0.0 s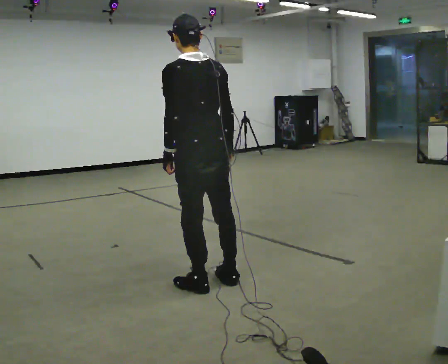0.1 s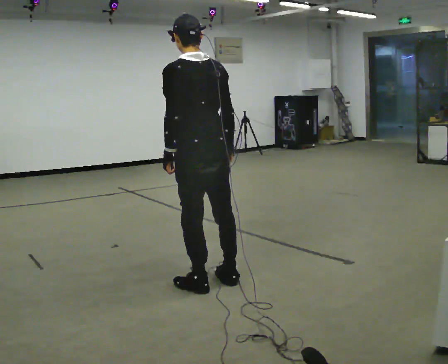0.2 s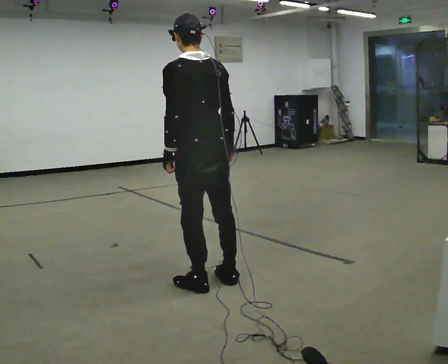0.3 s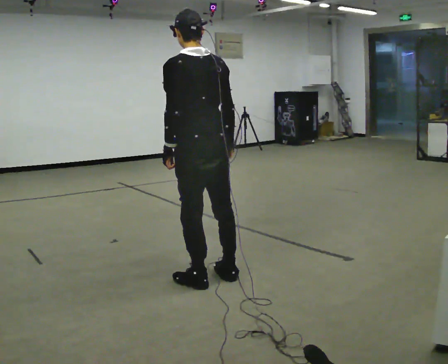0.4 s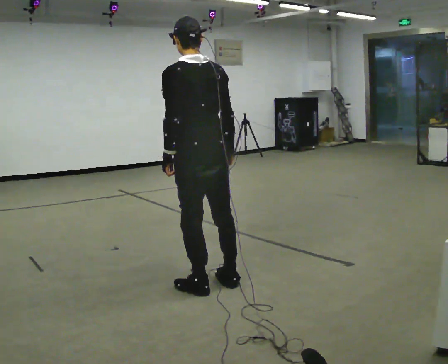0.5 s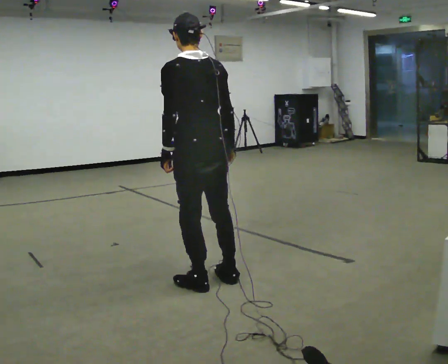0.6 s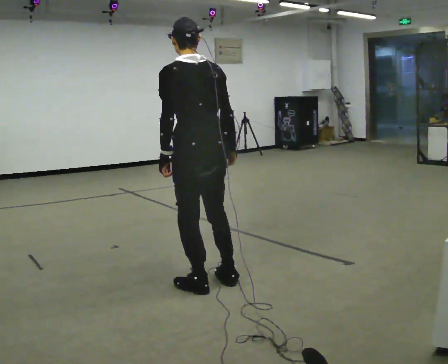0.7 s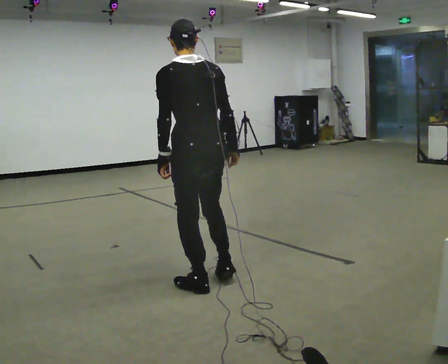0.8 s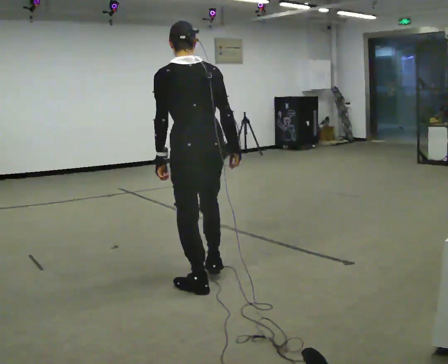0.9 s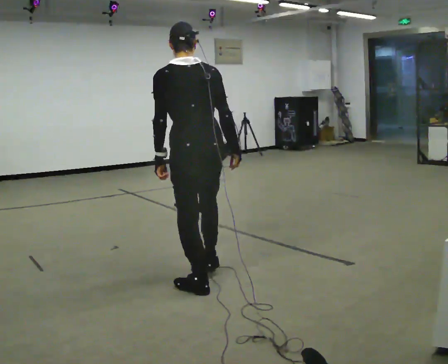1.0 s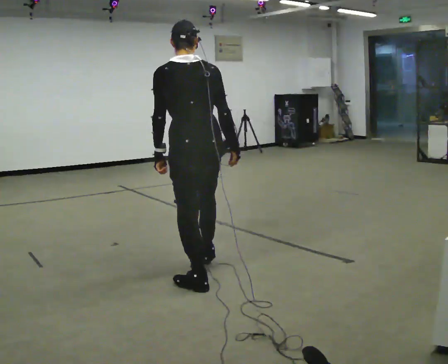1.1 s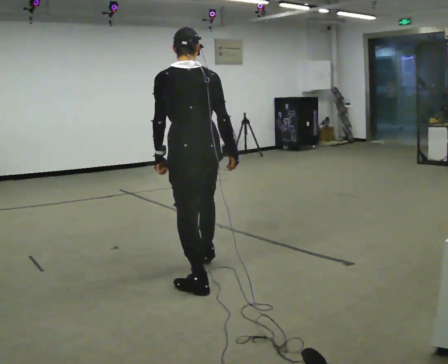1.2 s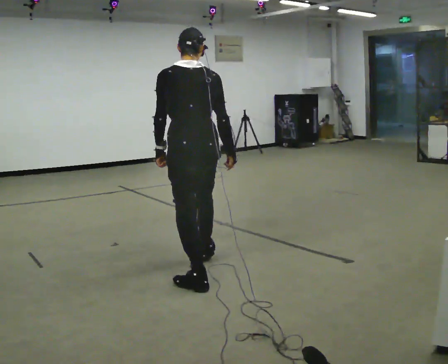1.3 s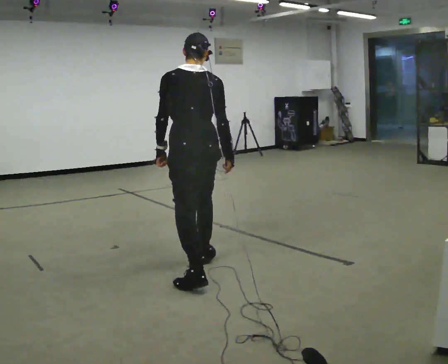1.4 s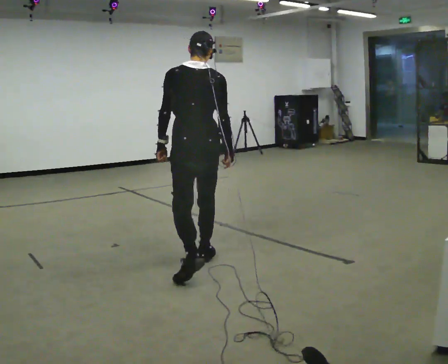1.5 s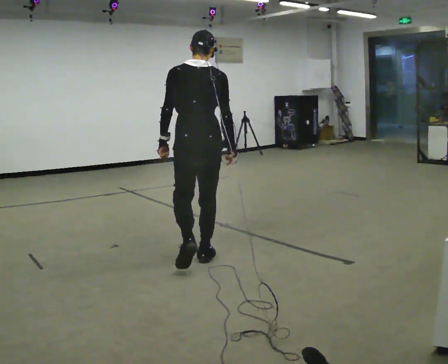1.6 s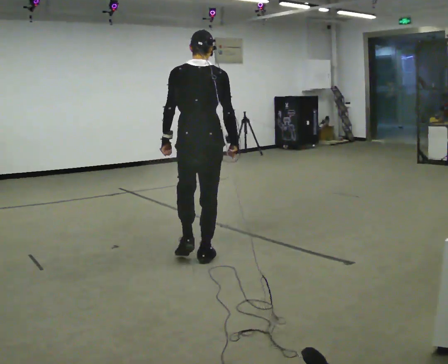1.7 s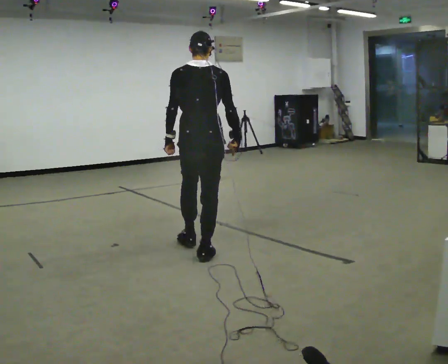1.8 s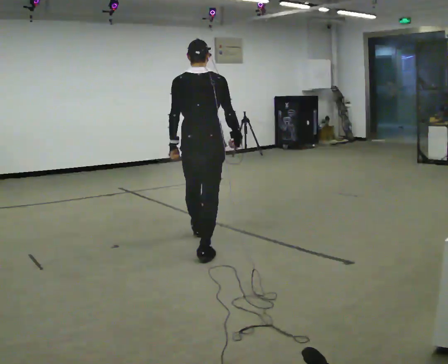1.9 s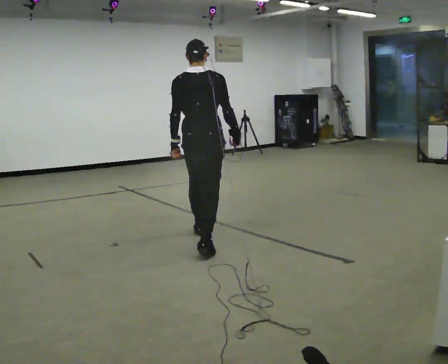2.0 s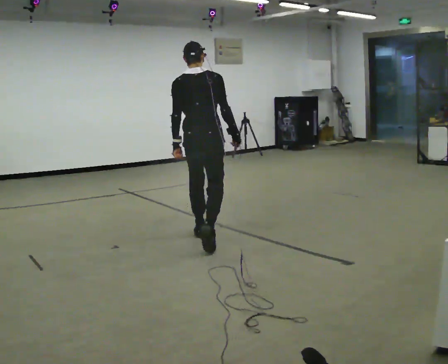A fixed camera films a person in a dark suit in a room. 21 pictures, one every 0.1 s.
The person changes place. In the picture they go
away from the camera.
0.0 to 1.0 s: The person moves a little, or ends about where they began.
1.0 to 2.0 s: Seen from above the body turns clockwise, about 30 degrees: to their right, with its near side sliding to the left. In the picture they go away from the camera, about 1 m in 2 steps, which for them is forward.
The film runs forward here.
